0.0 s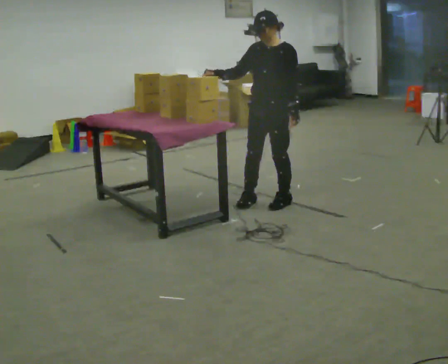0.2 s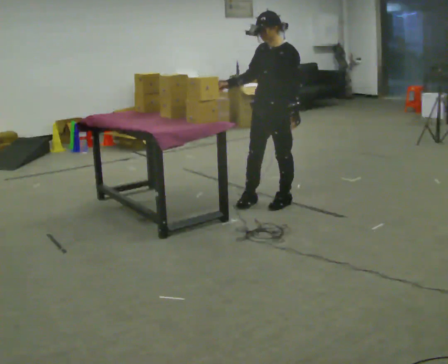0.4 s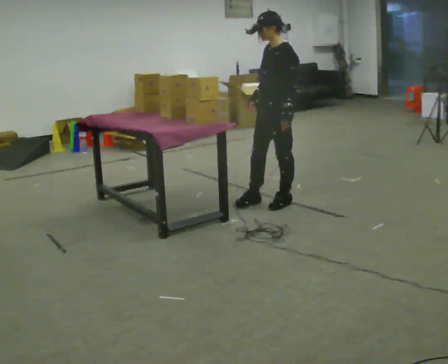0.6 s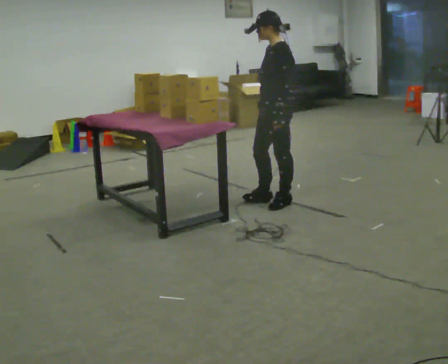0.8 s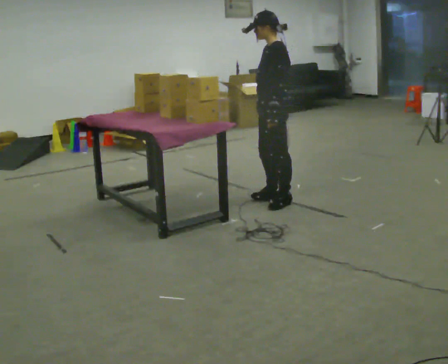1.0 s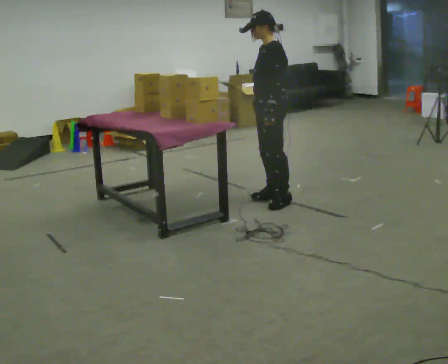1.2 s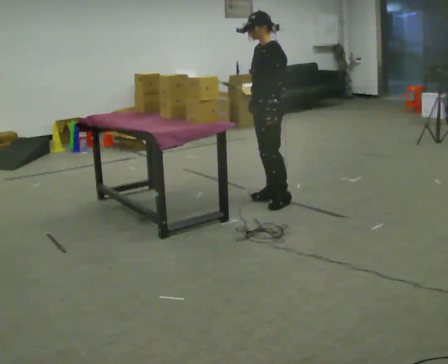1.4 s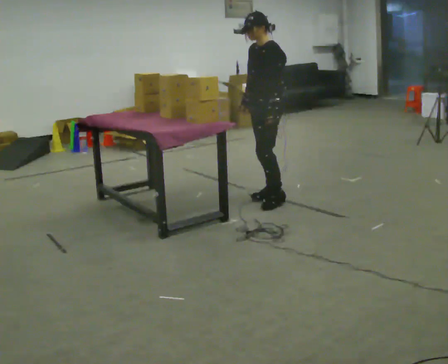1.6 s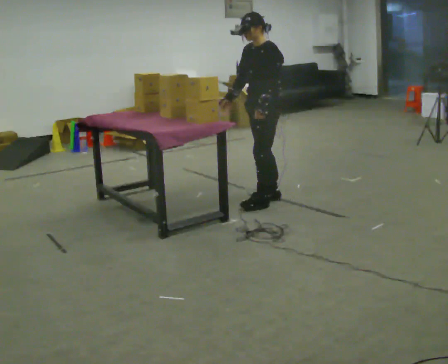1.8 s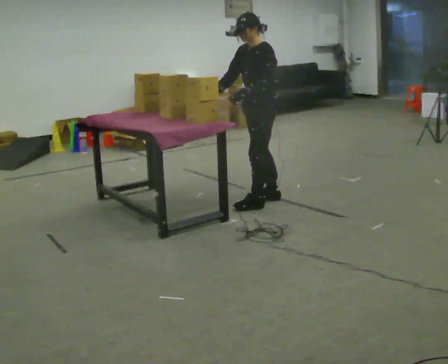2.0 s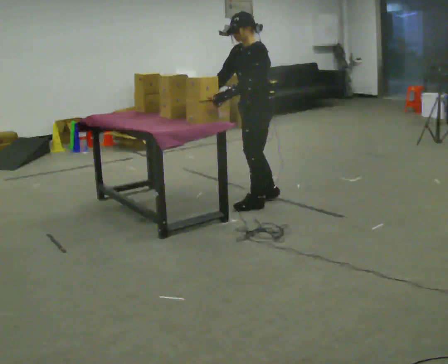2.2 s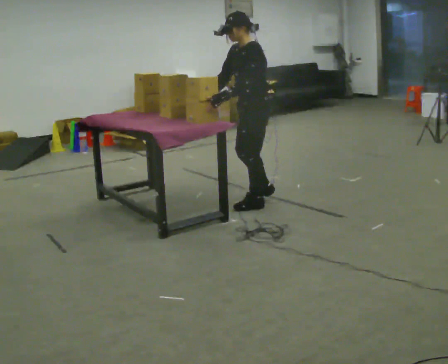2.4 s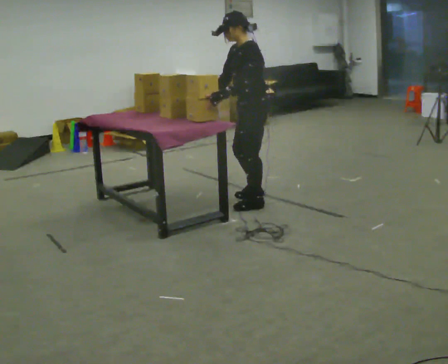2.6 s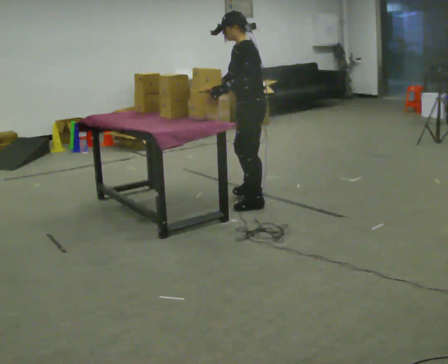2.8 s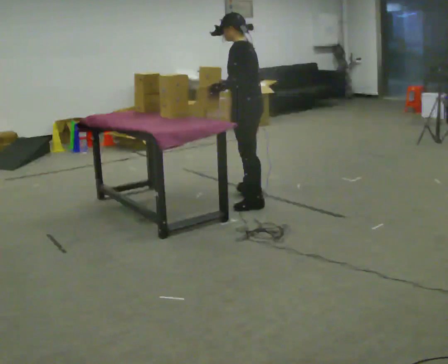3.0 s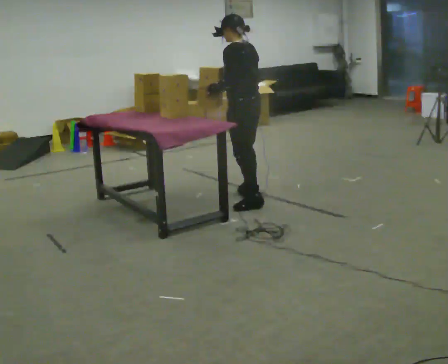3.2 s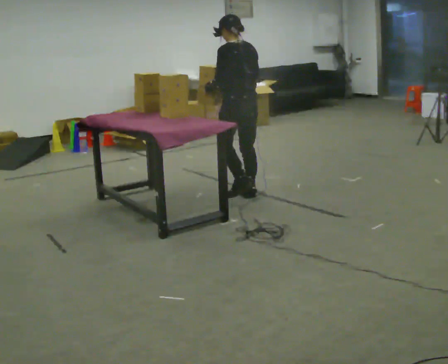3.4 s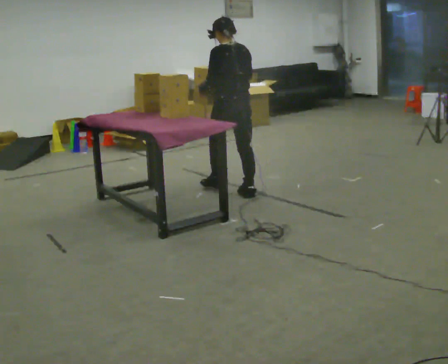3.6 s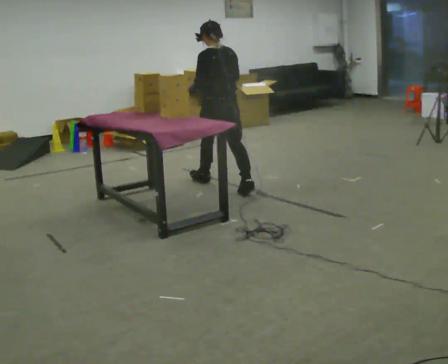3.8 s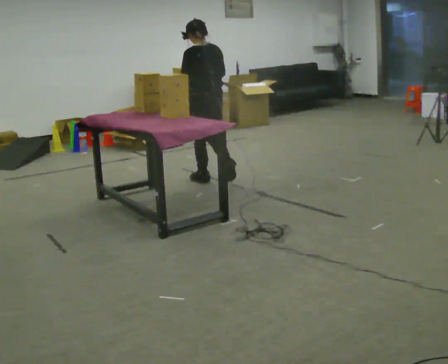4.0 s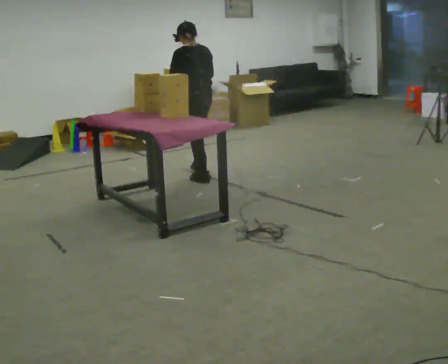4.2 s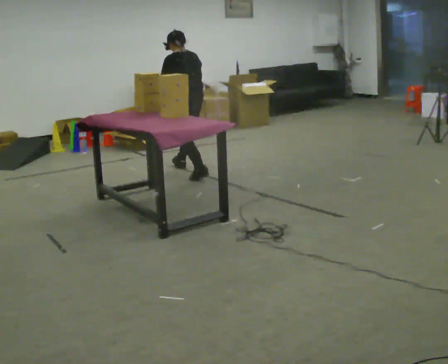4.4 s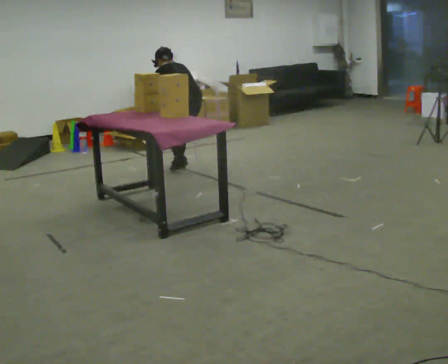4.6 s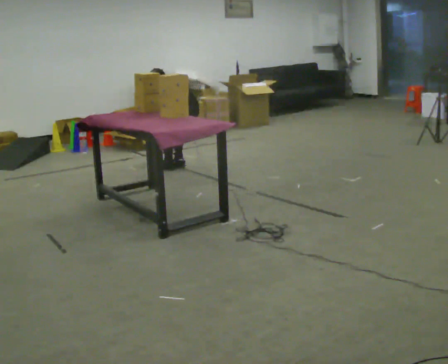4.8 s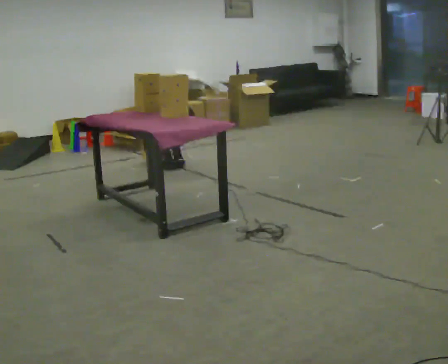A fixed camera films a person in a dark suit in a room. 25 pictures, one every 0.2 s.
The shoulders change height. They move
downward.
The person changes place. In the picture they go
away from the camera.
0.0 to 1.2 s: Seen from above the body turns clockwise, about 30 degrees: to their right, with its near side sliding to the left. In the picture their right hand goes to the right, the arm swinging counterclockwise.
1.2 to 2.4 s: In the picture their right hand goes to the left.
2.4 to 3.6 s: The person turns about 60 degrees to their right, clockwise seen from above, so the part of the body nearest the lens slides to the left. In the picture they go away from the camera, about 0.5 m in 2 steps.
3.6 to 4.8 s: In the picture they go away from the camera and to the left, about 1 m in 2 steps, which for them is forward. The upper body goes downward. The upper body tips away from the camera, its near side rolling upward, as they bend forward. In the picture their right hand goes downward.
The film runs forward here.
